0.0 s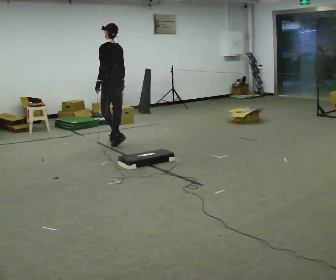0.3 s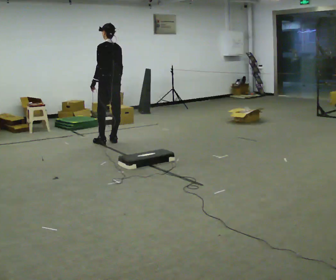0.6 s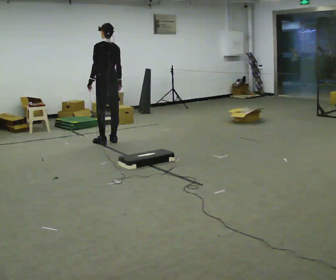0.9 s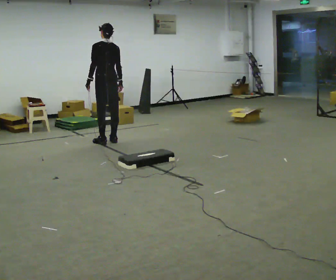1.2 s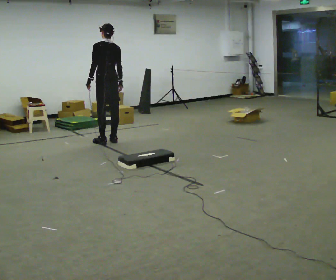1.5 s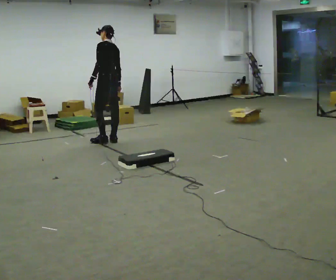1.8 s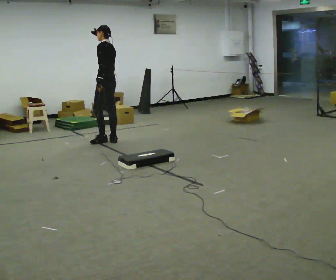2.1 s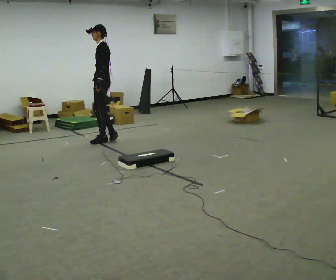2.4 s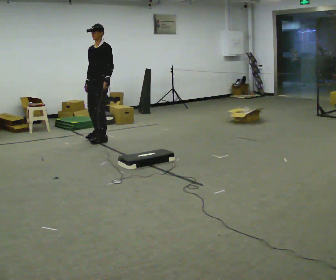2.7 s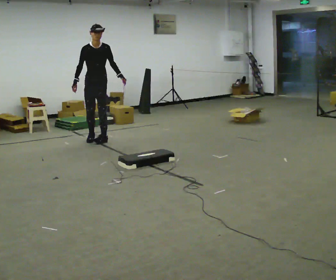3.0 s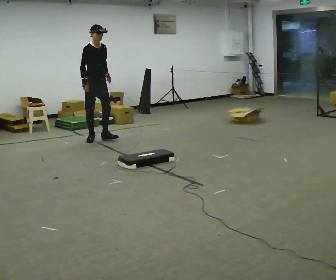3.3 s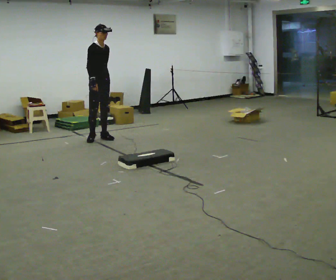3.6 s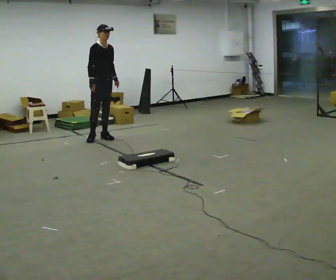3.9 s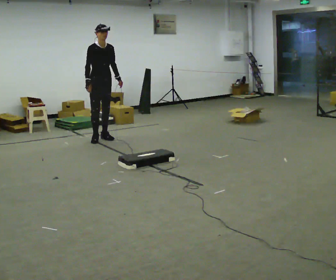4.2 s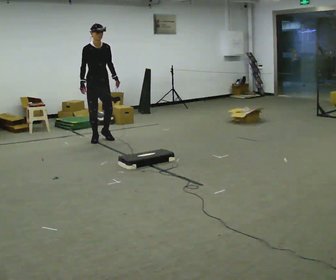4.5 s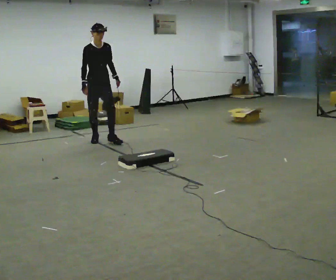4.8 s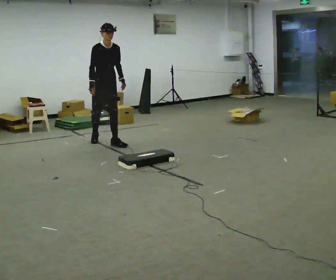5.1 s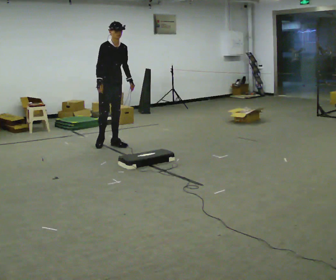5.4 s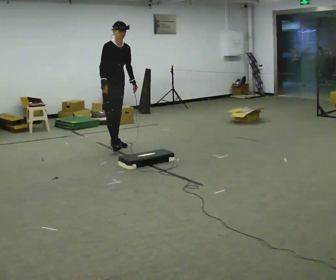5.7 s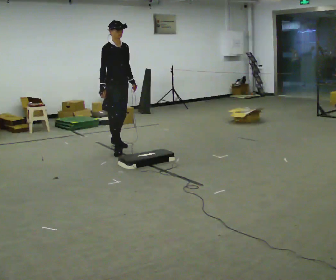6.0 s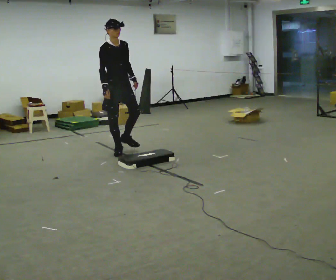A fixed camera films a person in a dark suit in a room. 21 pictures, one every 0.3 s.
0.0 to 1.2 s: The person moves a little, or ends about where they began.
1.2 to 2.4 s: The part of the body nearest the lens slides to the right as the person turns to their left by about 120 degrees. In the picture they go away from the camera, about 0.25 m.
2.4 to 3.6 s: The person turns about 75 degrees to their left, counterclockwise seen from above, so the part of the body nearest the lens slides to the right. In the picture they go away from the camera, about 0.25 m in 2 steps.
3.6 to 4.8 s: In the picture they go toward the camera, about 0.25 m in 1 step, which for them is forward.
4.8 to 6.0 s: In the picture they go toward the camera, about 0.5 m in 1 step, which for them is forward.
The film runs forward here.
